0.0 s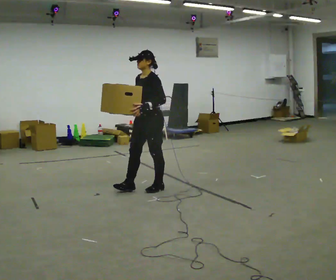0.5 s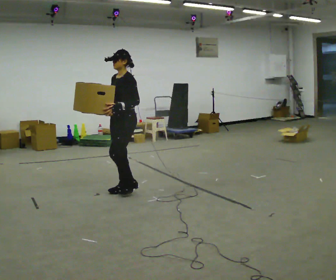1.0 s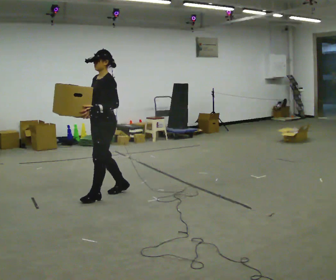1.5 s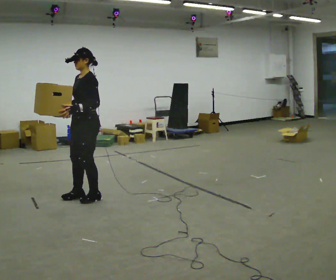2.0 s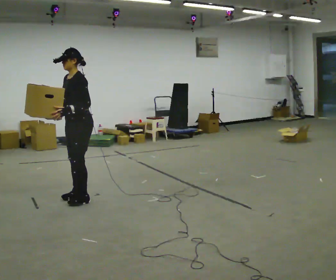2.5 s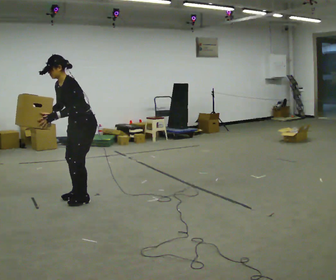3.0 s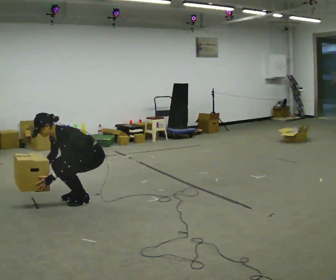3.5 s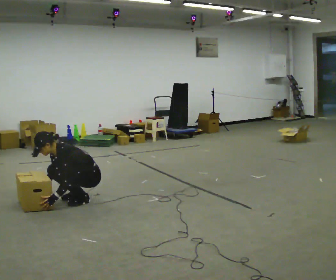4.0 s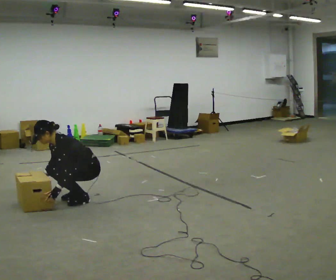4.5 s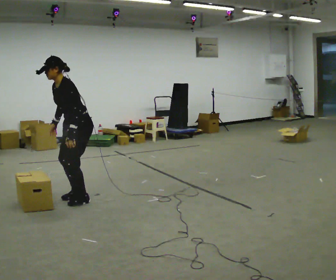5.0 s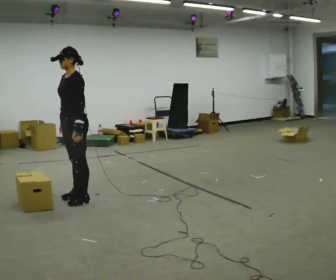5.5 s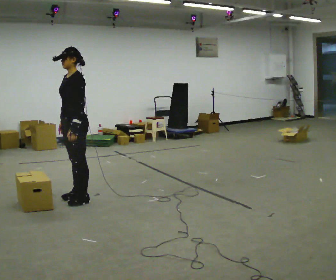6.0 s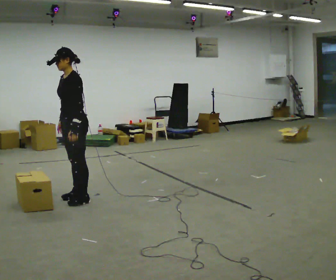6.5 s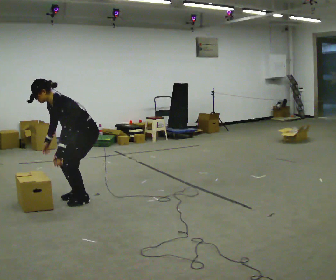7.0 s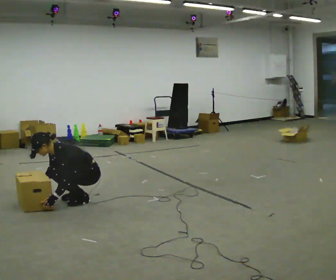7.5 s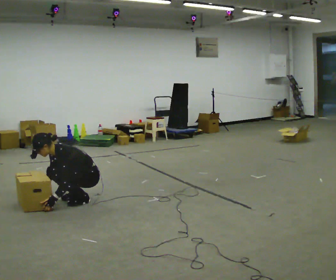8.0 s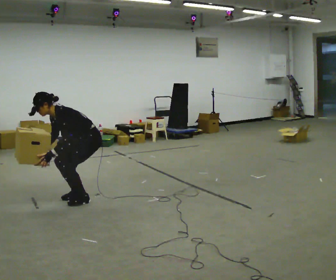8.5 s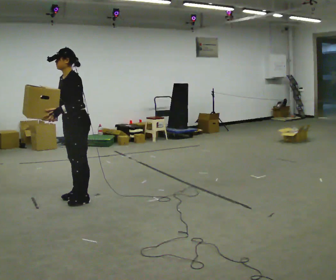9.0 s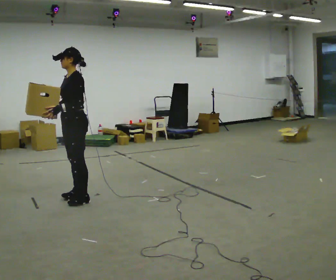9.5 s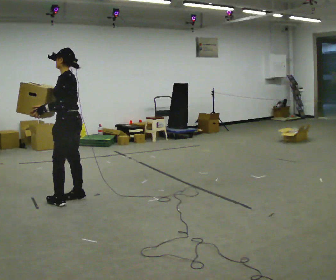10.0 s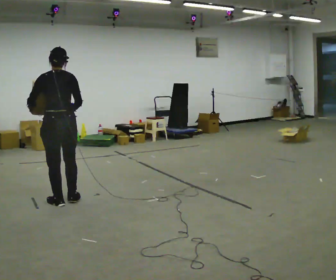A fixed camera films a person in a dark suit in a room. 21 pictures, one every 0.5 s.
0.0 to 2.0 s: In the picture they go to the left, about 1 m in 4 steps, which for them is forward.
2.0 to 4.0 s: The upper body goes downward. In the picture the upper body tilts counterclockwise, shoulders to the left, as they bend forward. In the picture their left hand goes downward.
4.0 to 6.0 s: The shoulders move upward. In the picture the upper body tilts clockwise, shoulders to the right, as they lean back or straighten. In the picture their right hand goes upward.
6.0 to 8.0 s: The person moves a little, or ends about where they began.
8.0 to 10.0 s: The person turns about 90 degrees to their right, clockwise seen from above, so the part of the body nearest the lens slides to the left. In the picture they go to the left, about 0.25 m in 2 steps. The shoulders move upward. In the picture the upper body tilts clockwise, shoulders to the right, as they lean back or straighten. In the picture their left hand goes upward.
The film runs forward here.
